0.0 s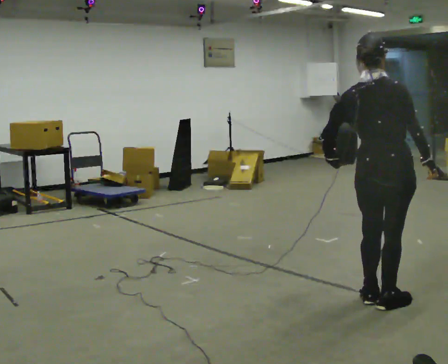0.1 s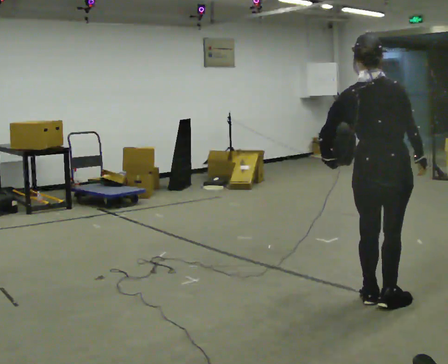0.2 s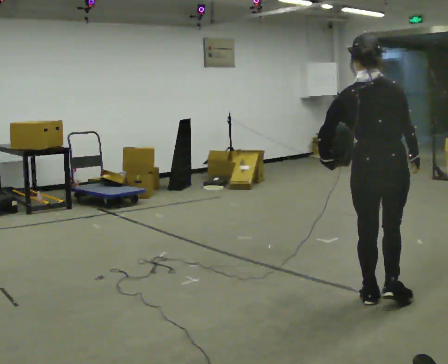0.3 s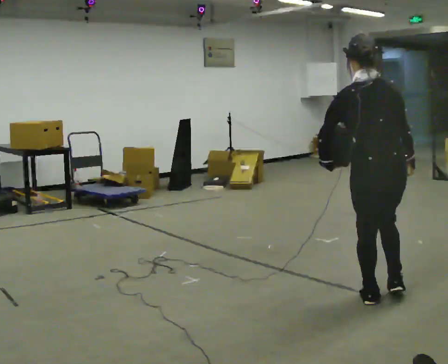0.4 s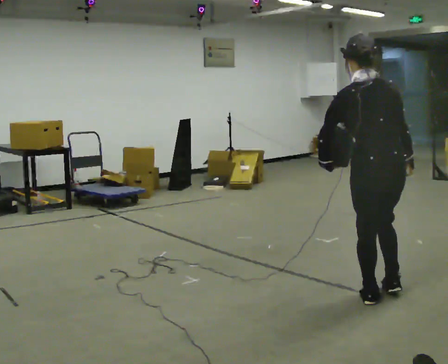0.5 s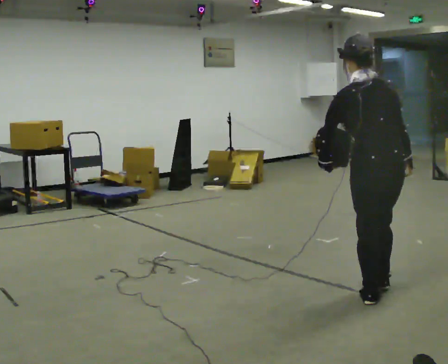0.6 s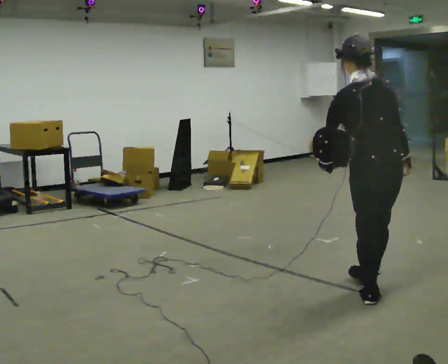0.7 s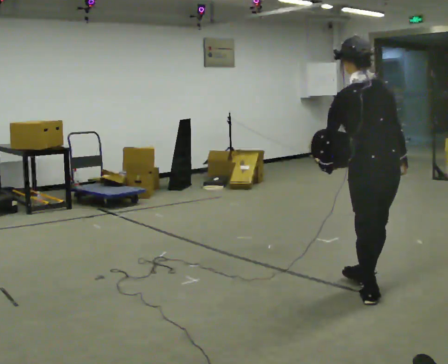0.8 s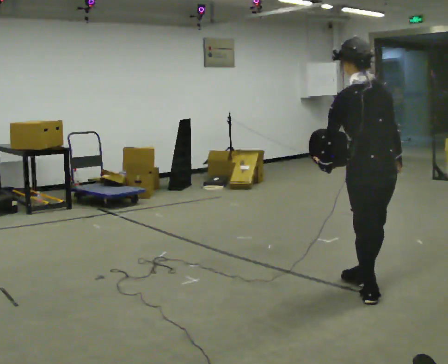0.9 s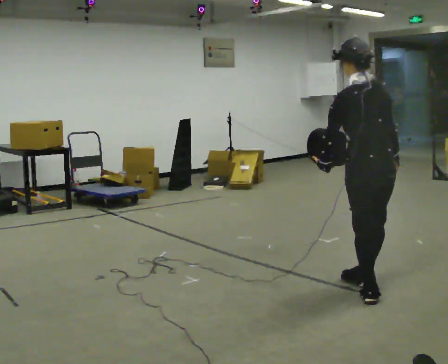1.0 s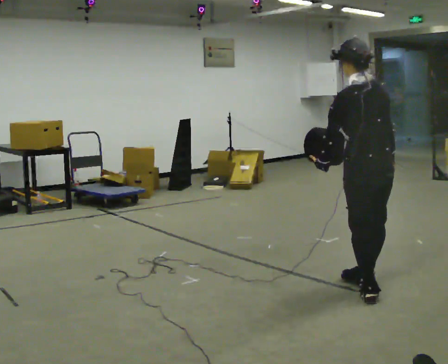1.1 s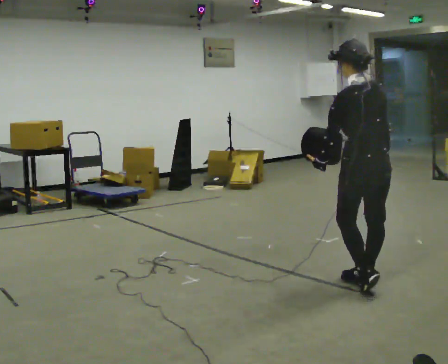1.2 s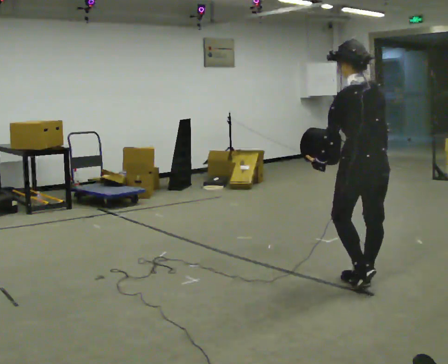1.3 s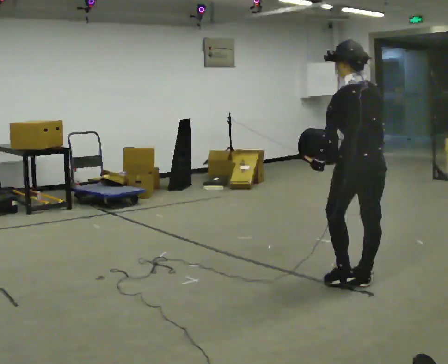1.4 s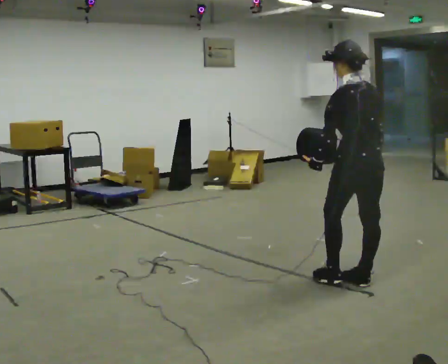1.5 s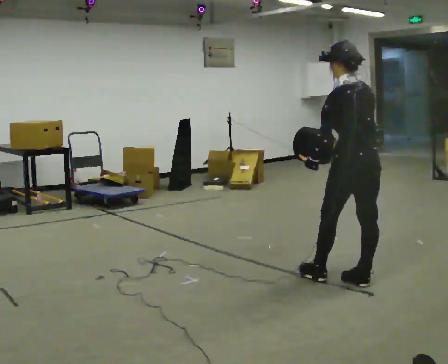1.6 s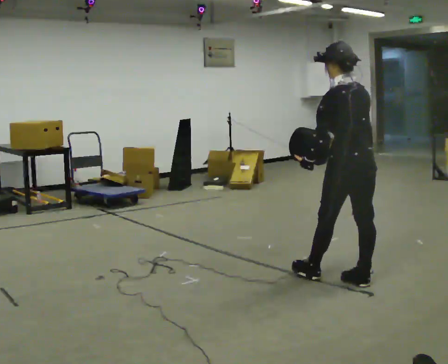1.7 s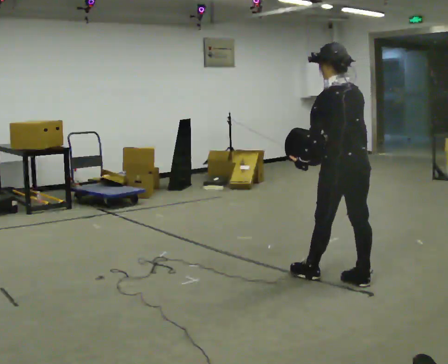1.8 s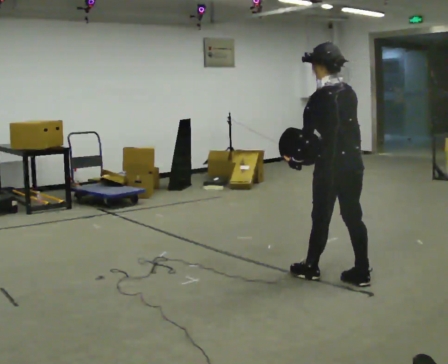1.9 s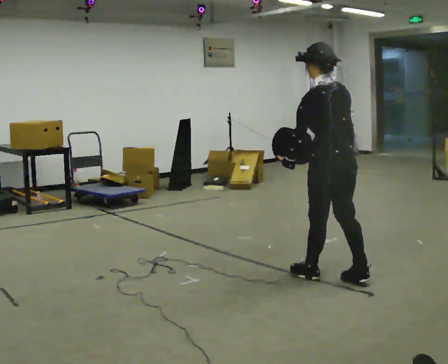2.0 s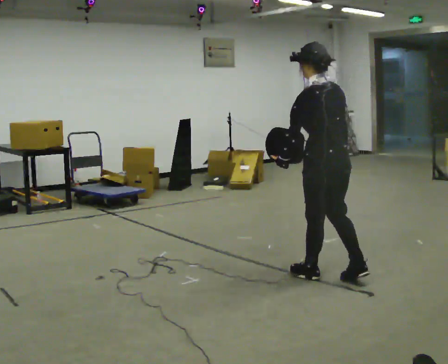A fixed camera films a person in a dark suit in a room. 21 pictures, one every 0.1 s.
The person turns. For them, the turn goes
to their left.
The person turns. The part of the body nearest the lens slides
to the right.
0.0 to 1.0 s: Seen from above the body turns counterclockwise, about 60 degrees: to their left, with its near side sliding to the right. In the picture they go away from the camera, about 0.25 m in 1 step, which for them is forward.
1.0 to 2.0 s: In the picture they go to the left and away from the camera, about 0.25 m in 1 step, which for them is forward.
The film runs forward here.
